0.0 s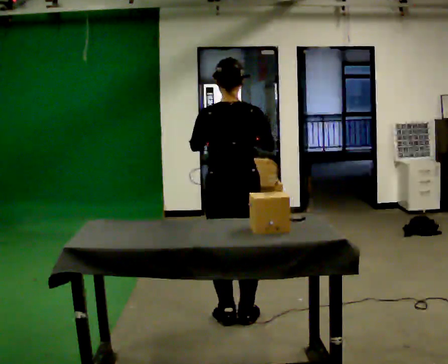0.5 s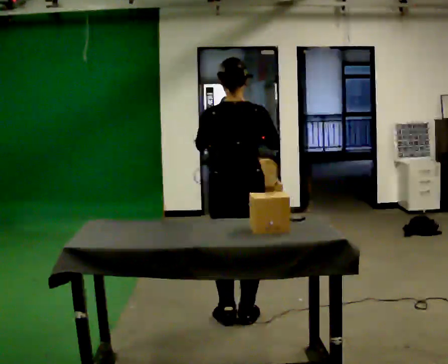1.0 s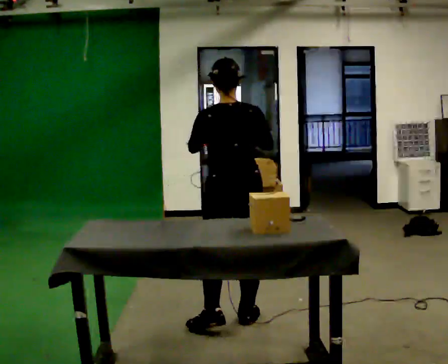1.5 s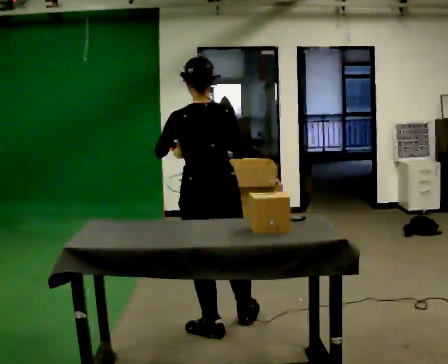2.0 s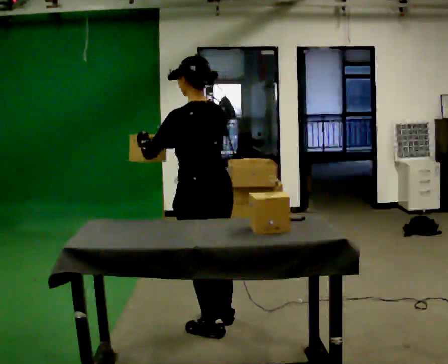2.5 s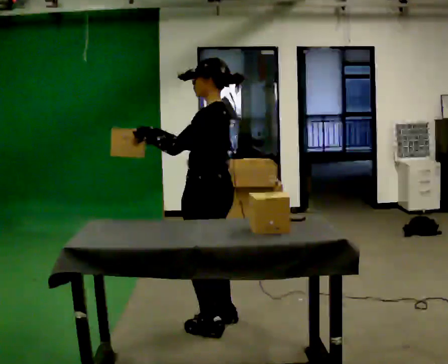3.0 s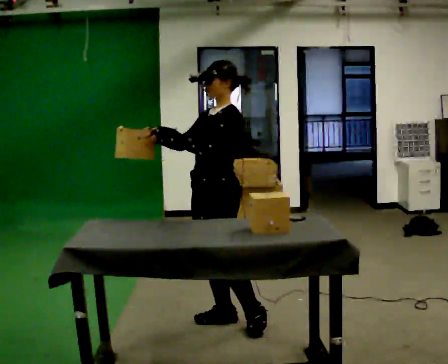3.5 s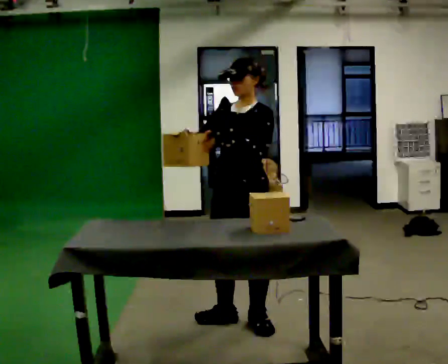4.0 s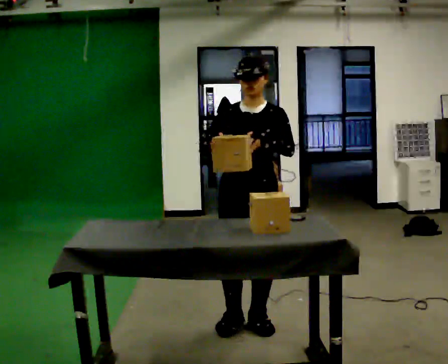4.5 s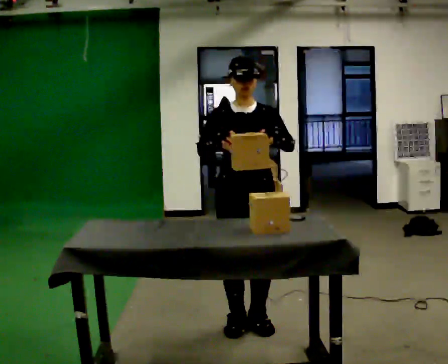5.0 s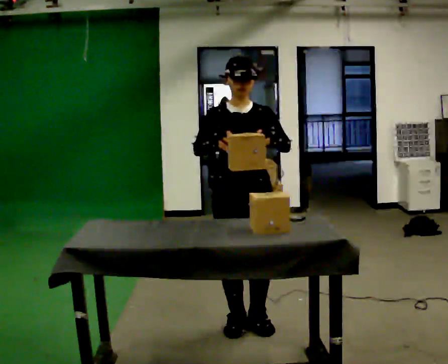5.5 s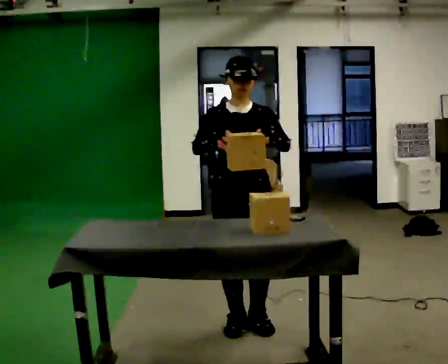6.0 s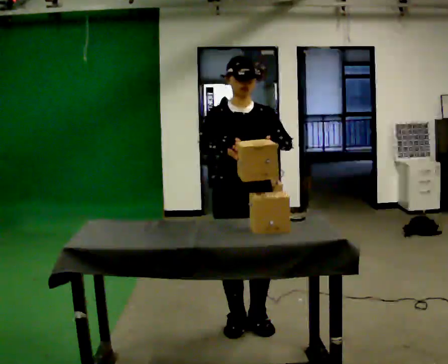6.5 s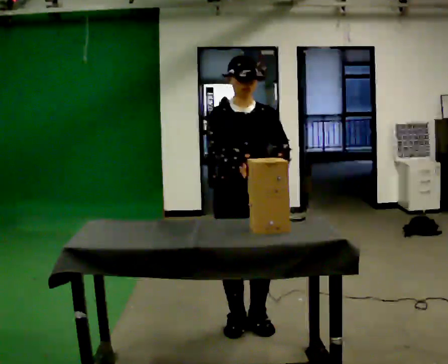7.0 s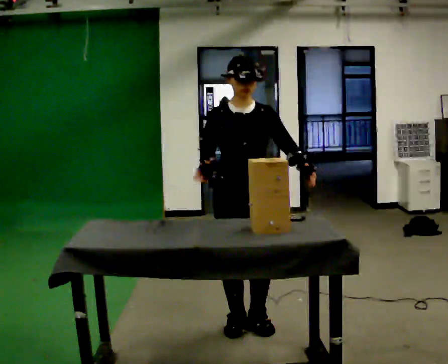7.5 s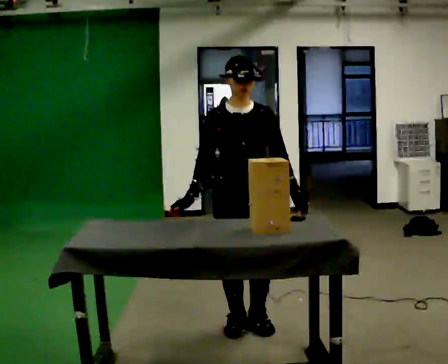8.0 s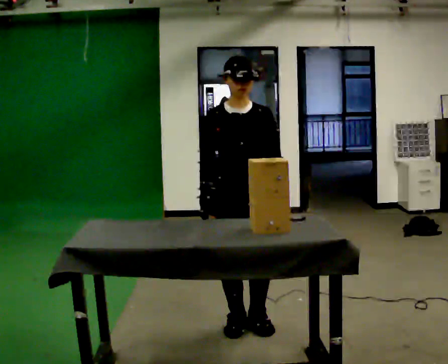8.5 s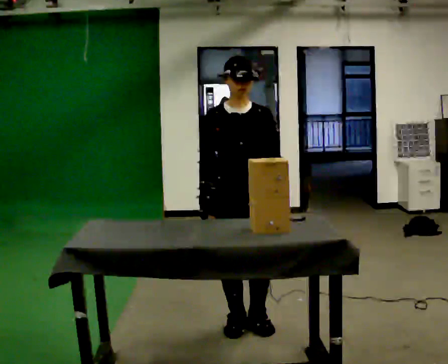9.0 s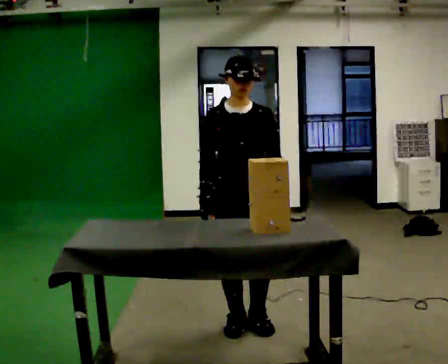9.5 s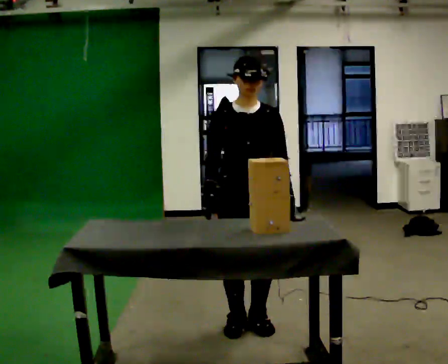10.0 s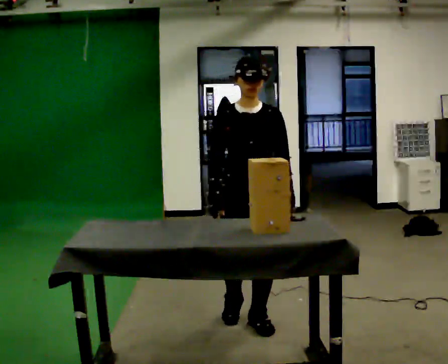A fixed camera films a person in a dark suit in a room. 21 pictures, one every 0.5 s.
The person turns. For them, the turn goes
to their left.
The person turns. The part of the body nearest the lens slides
to the right.
0.0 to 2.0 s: The person turns about 45 degrees to their left, counterclockwise seen from above, so the part of the body nearest the lens slides to the right. In the picture they go toward the camera, about 0.25 m in 1 step, which for them is backward and to their left. In the picture their left hand goes to the left.
2.0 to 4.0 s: The part of the body nearest the lens slides to the right as the person turns to their left by about 135 degrees. In the picture they go to the right, about 0.25 m in 1 step.
4.0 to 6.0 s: The person moves a little, or ends about where they began.
6.0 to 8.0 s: In the picture their left hand goes downward.
8.0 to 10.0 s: The person moves a little, or ends about where they began.
The film runs backward here.
